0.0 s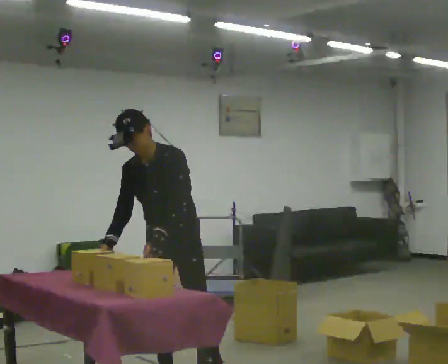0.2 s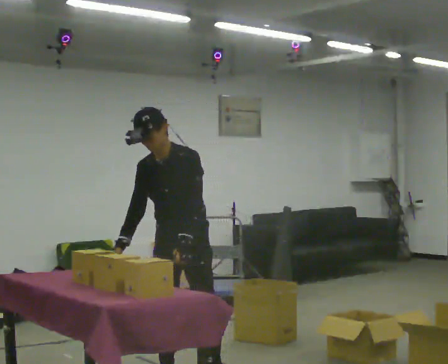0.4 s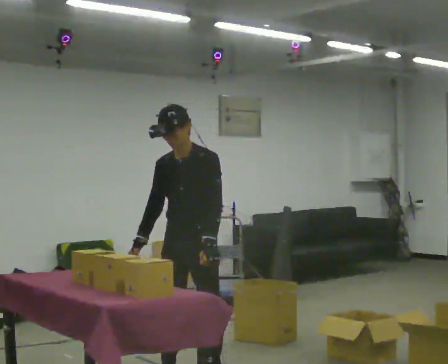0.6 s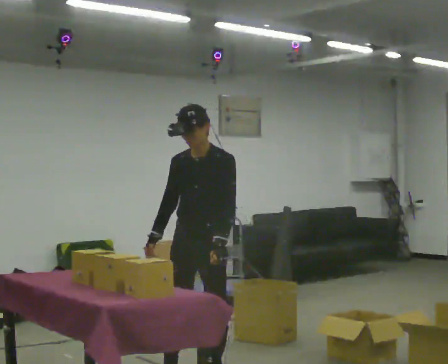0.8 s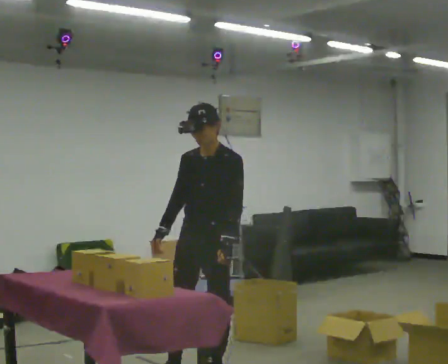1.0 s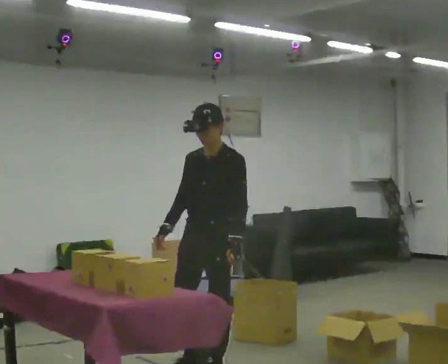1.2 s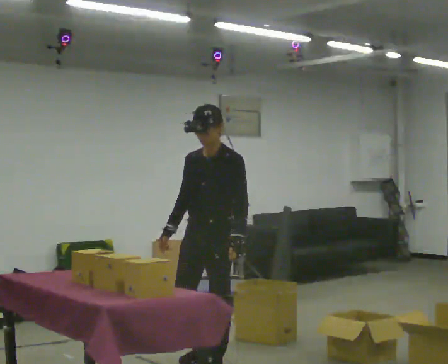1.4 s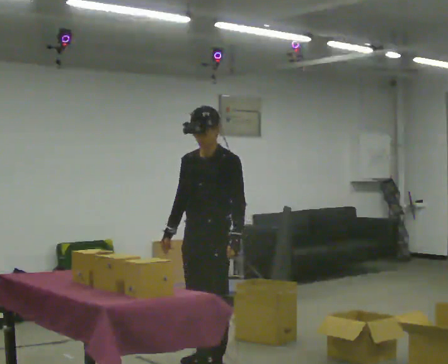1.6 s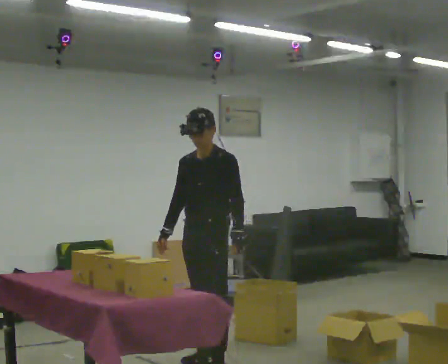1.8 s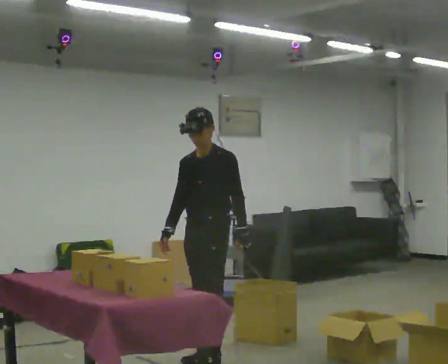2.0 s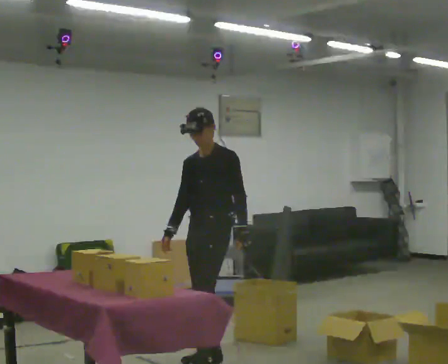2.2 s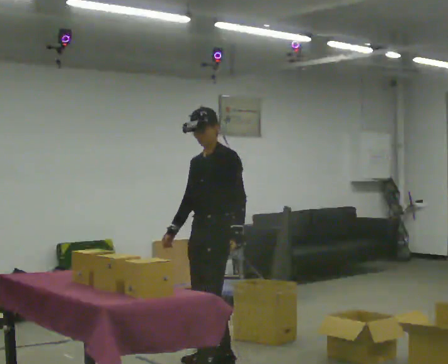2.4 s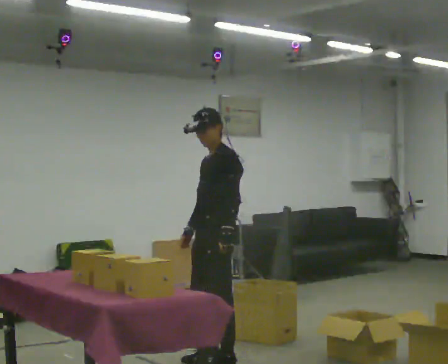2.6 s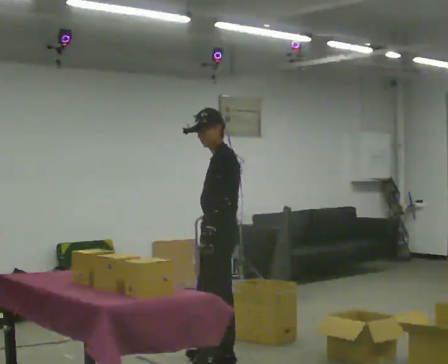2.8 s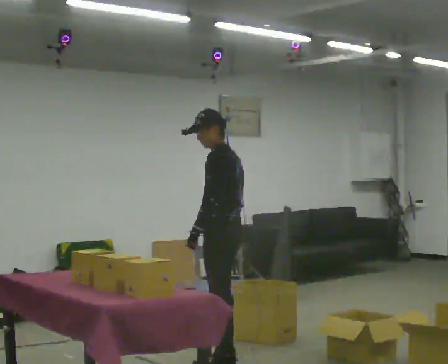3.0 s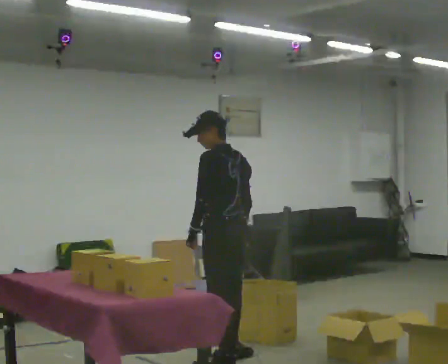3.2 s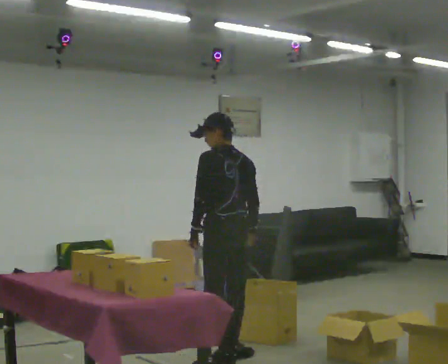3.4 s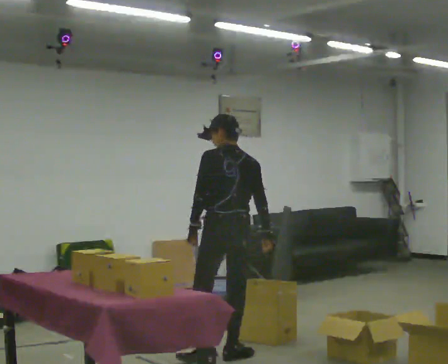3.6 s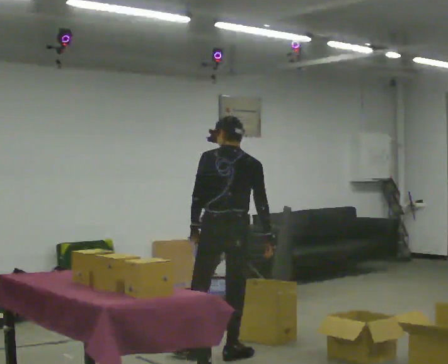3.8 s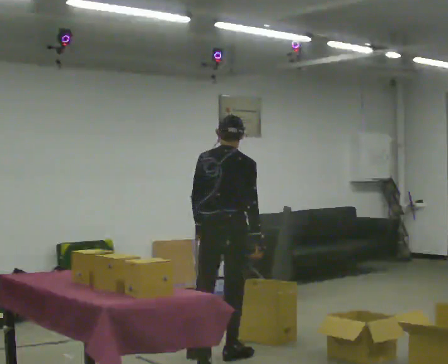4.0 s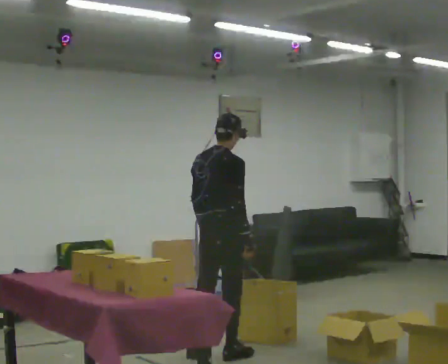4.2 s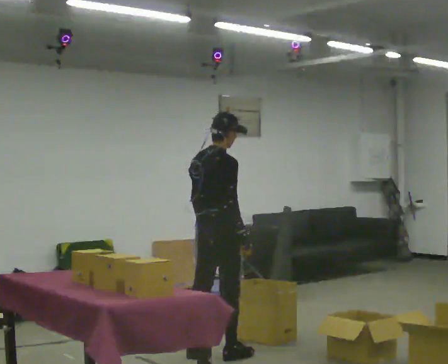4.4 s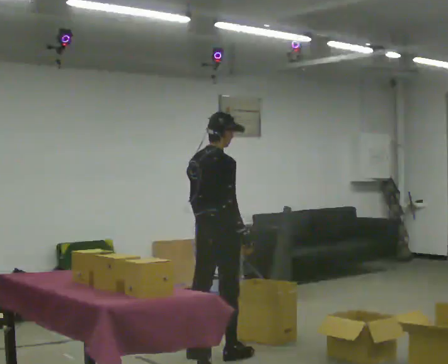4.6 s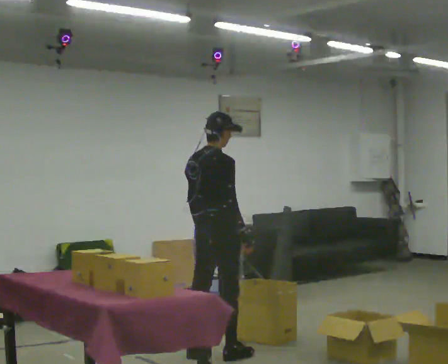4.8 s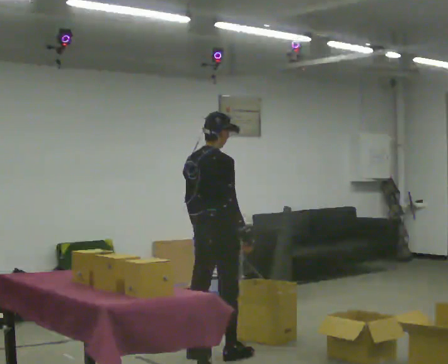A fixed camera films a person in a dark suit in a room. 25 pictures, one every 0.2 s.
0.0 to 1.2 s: In the picture they go away from the camera and to the right, about 0.25 m in 1 step, which for them is backward. In the picture the upper body tilts clockwise, shoulders to the right, as they lean back or straighten.
1.2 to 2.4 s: The part of the body nearest the lens slides to the left as the person turns to their right by about 30 degrees. In the picture they go away from the camera, about 0.25 m in 1 step, which for them is backward.
2.4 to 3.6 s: The part of the body nearest the lens slides to the left as the person turns to their right by about 105 degrees.
3.6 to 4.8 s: The person turns about 45 degrees to their right, clockwise seen from above, so the part of the body nearest the lens slides to the left.
The film runs backward here.
